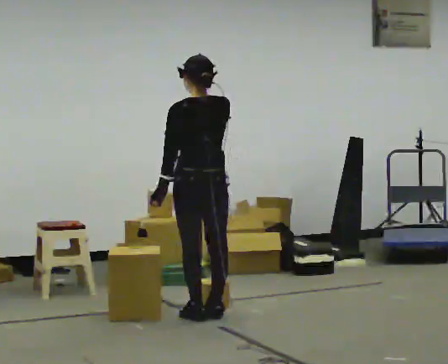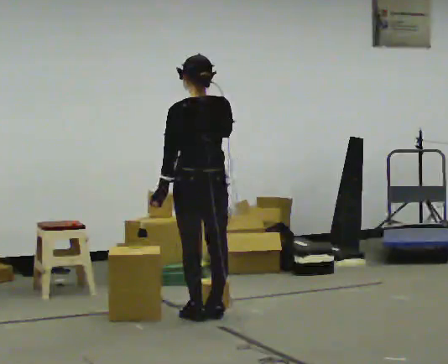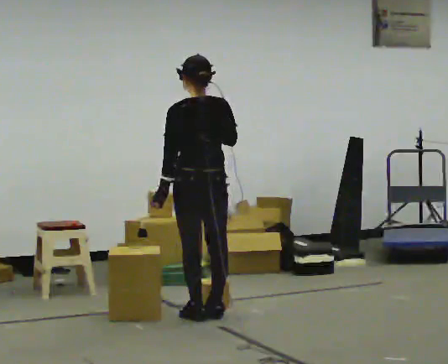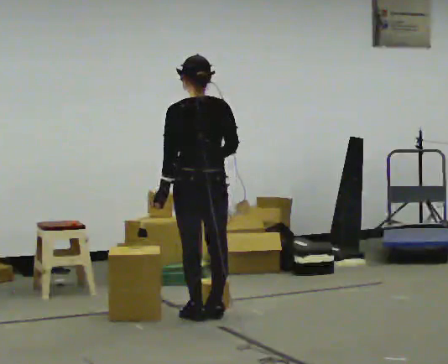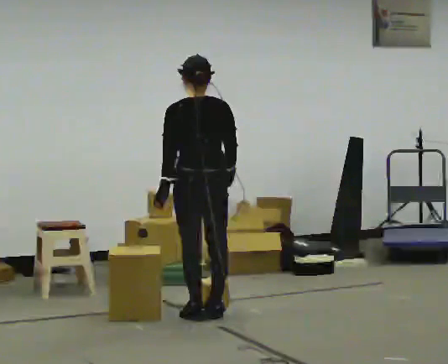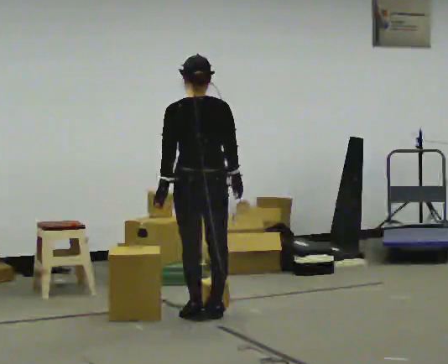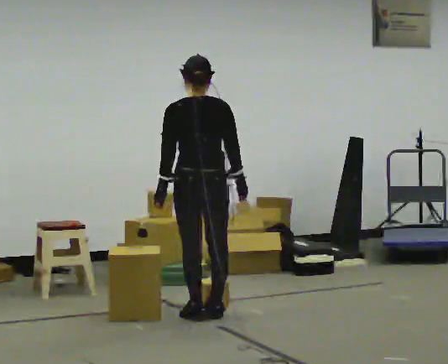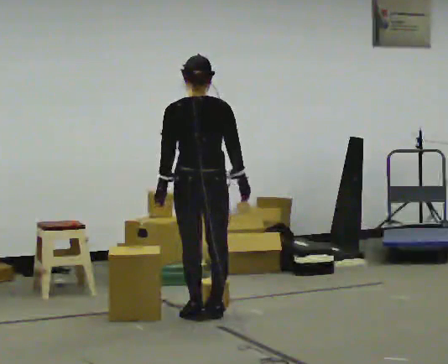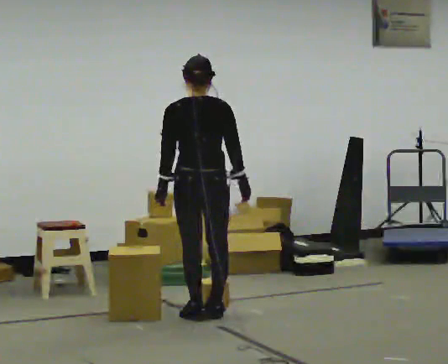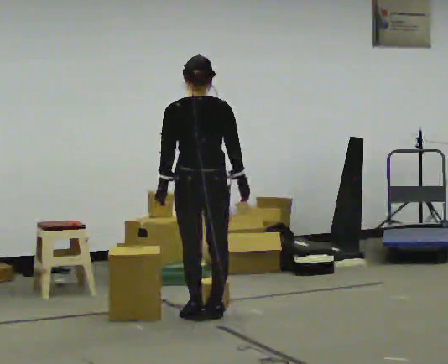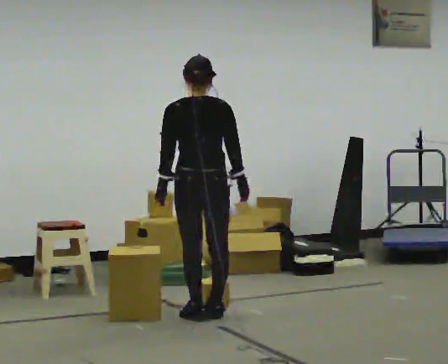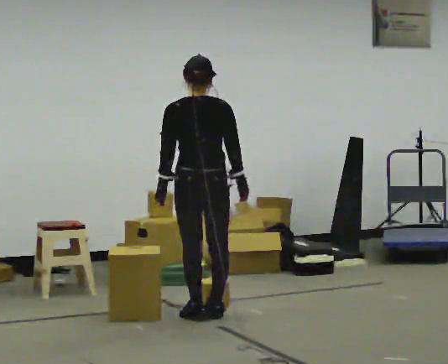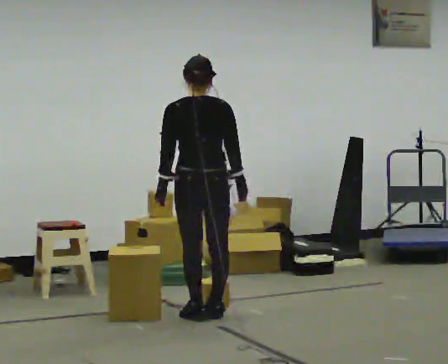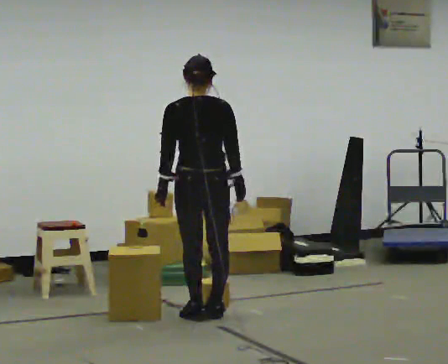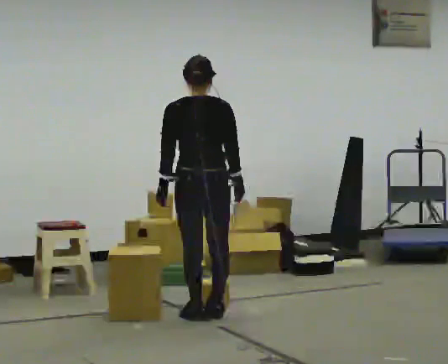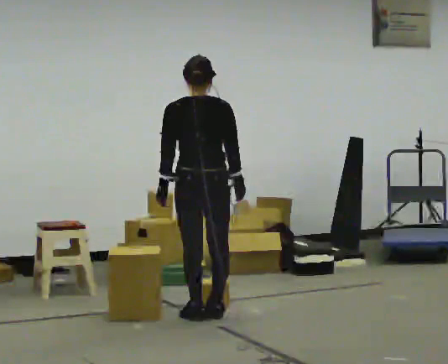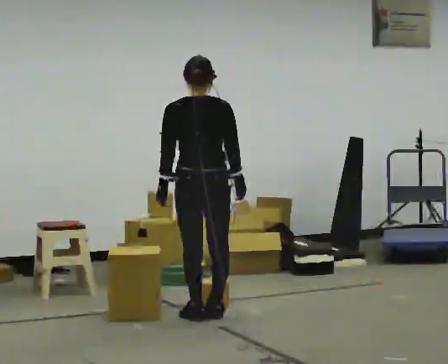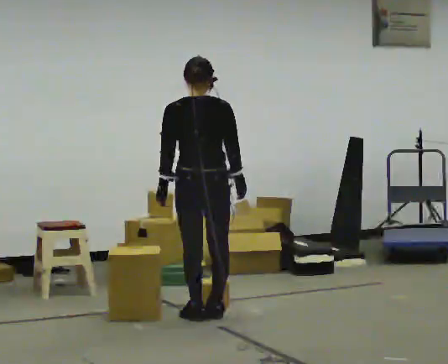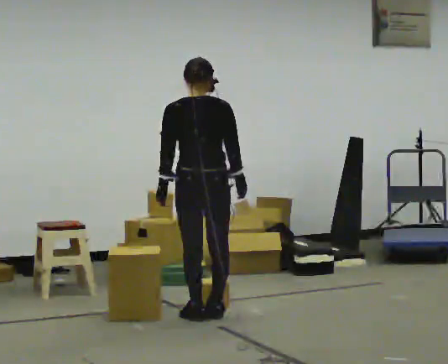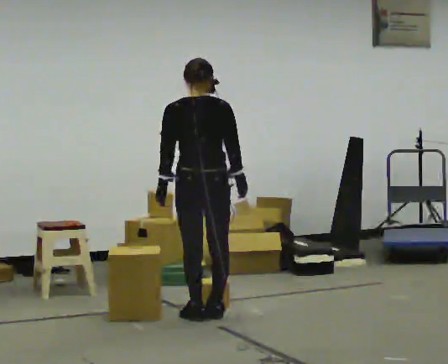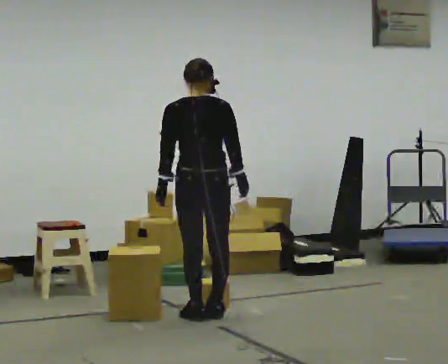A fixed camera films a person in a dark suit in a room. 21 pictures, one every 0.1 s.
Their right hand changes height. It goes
downward.
0.0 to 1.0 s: In the picture their right hand goes downward.
1.0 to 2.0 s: The person keeps their place and pose.
The film runs forward here.
